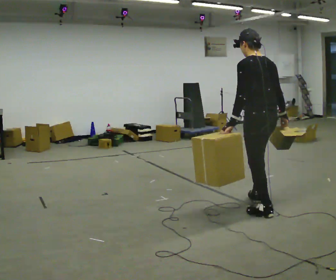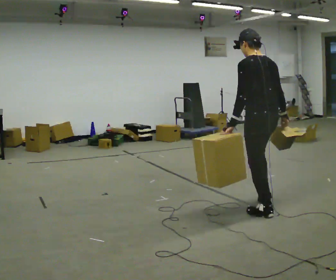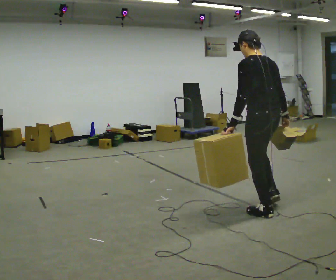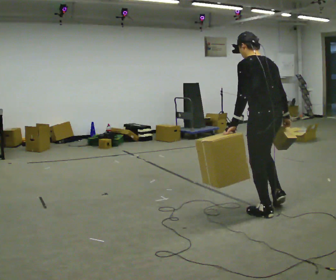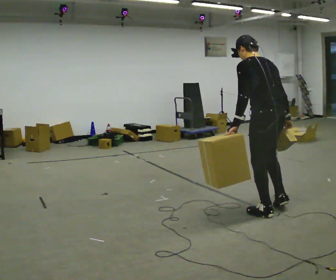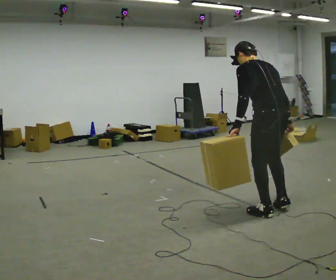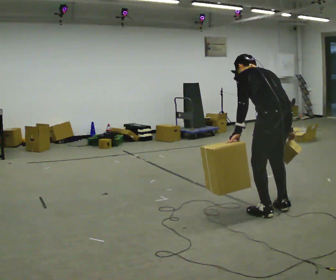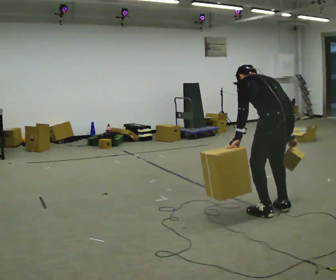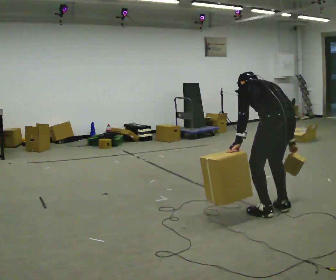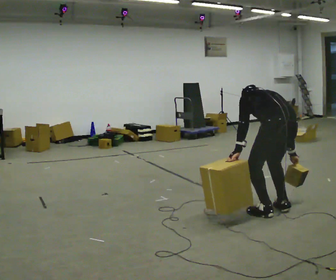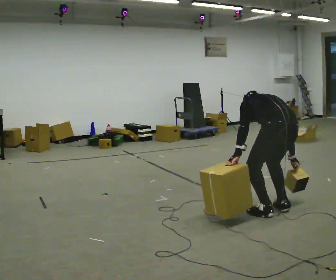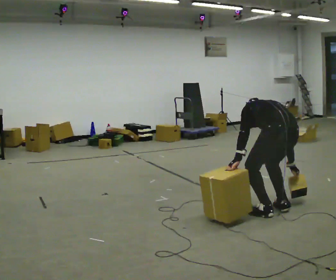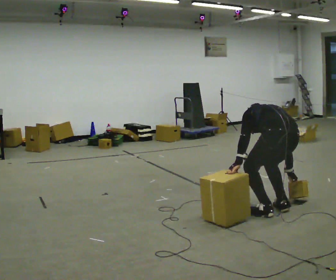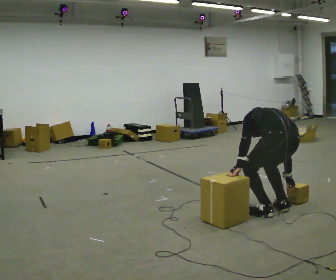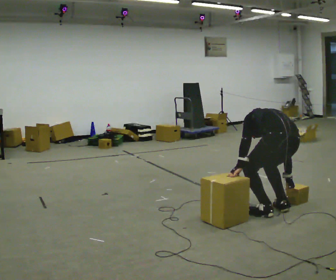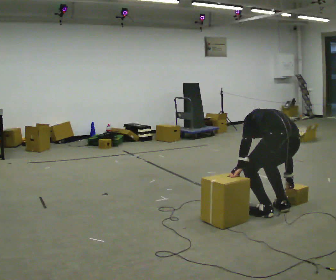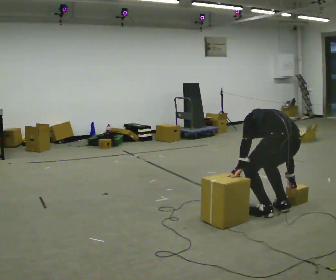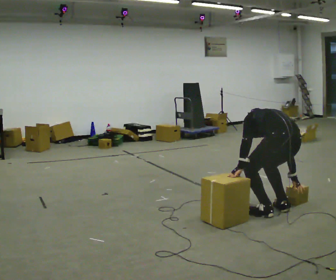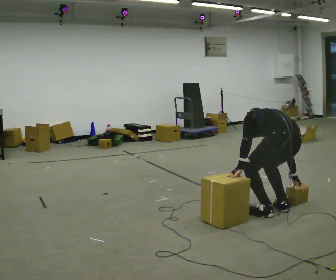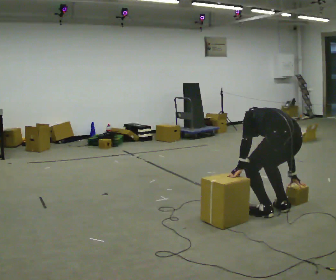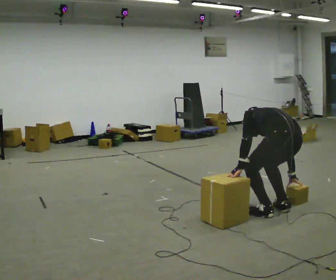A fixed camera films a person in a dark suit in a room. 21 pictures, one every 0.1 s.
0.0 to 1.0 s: In the picture they go to the right, about 0.25 m, which for them is backward. The upper body goes downward. The upper body tips away from the camera, its near side rolling upward, as they bend forward. In the picture their right hand goes downward.
1.0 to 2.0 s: The person moves a little, or ends about where they began.
The film runs backward here.
